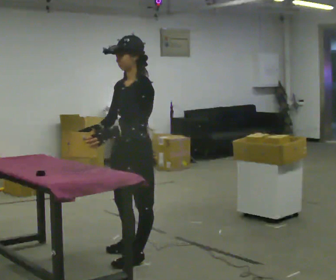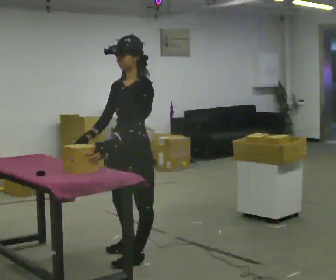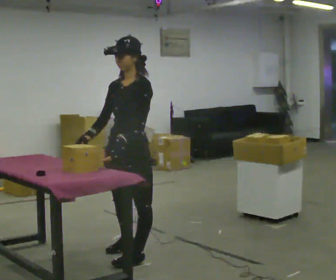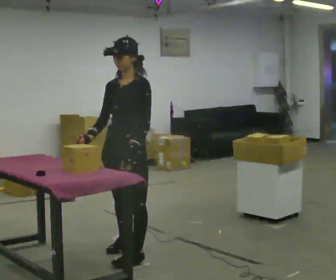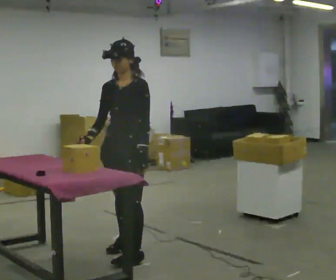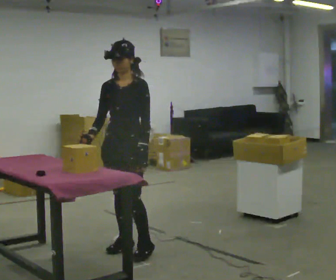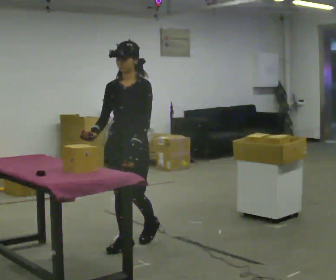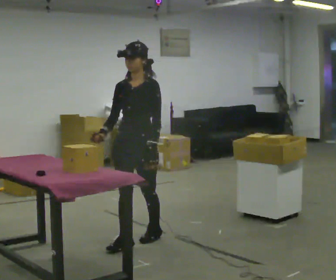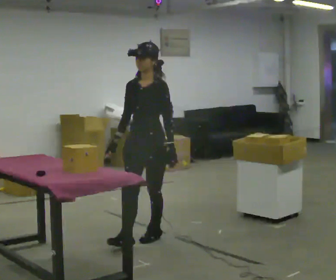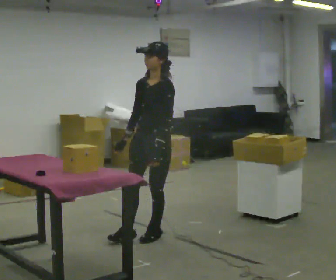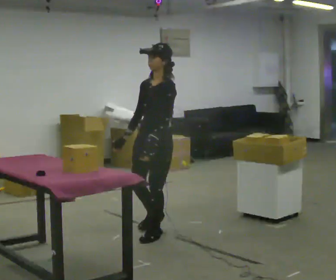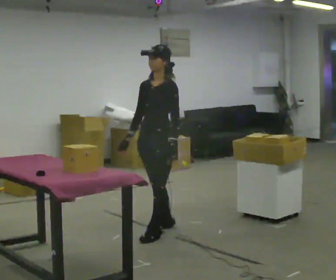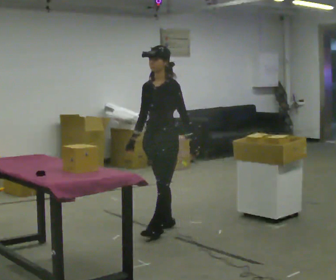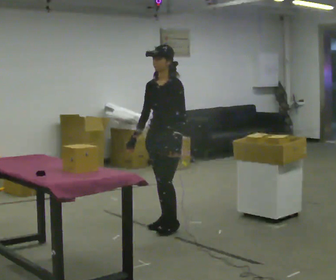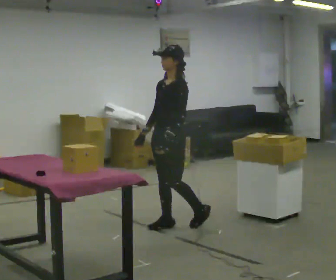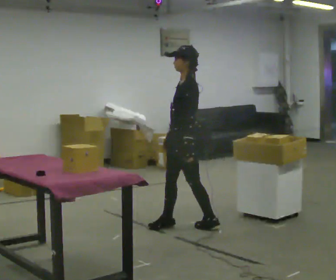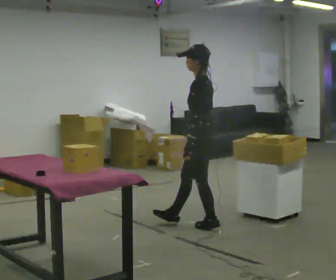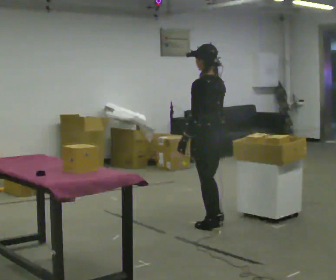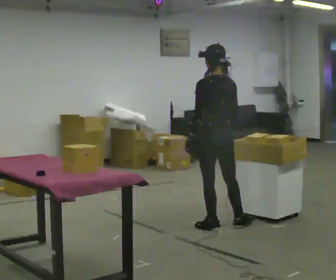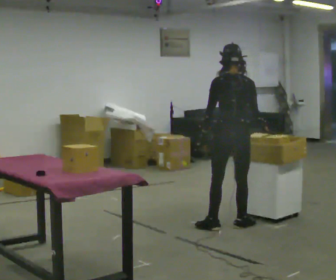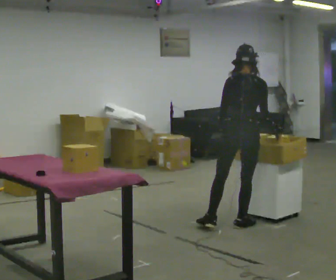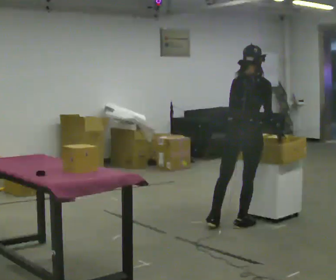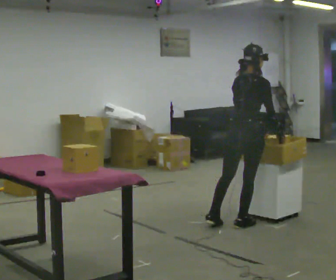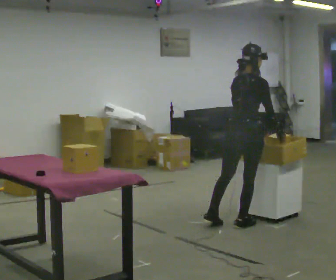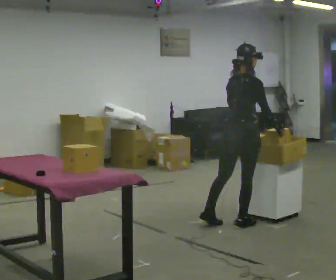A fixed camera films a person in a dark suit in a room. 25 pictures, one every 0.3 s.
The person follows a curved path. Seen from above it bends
clockwise.
0.0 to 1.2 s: Seen from above the body turns counterclockwise, about 30 degrees: to their left, with its near side sliding to the right. In the picture they go away from the camera, about 0.25 m, which for them is to their right.
1.2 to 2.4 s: In the picture they go away from the camera, about 0.25 m in 1 step, which for them is backward.
2.4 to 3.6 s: In the picture they go away from the camera, about 0.5 m in 1 step, which for them is backward and to their right.
3.6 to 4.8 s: Seen from above the body turns clockwise, about 60 degrees: to their right, with its near side sliding to the left. In the picture they go to the right, about 0.25 m in 2 steps.
4.8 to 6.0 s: The part of the body nearest the lens slides to the left as the person turns to their right by about 90 degrees. In the picture they go to the right, about 0.25 m.
6.0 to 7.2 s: Seen from above the body turns clockwise, about 30 degrees: to their right, with its near side sliding to the left. In the picture their left hand goes to the right, the arm swinging counterclockwise.
The film runs backward here.
